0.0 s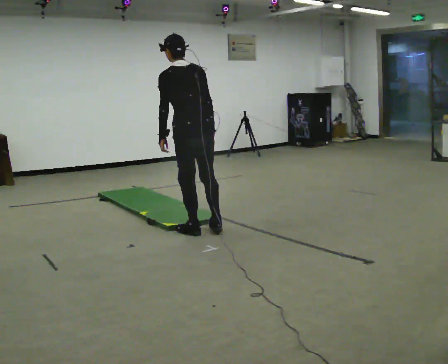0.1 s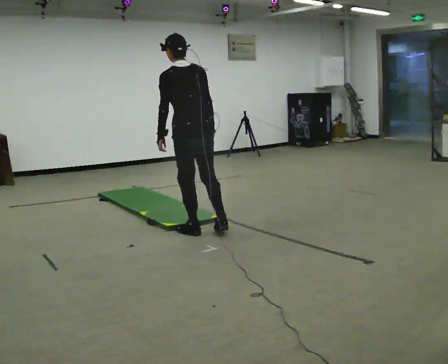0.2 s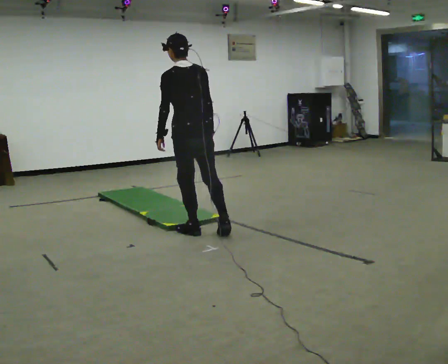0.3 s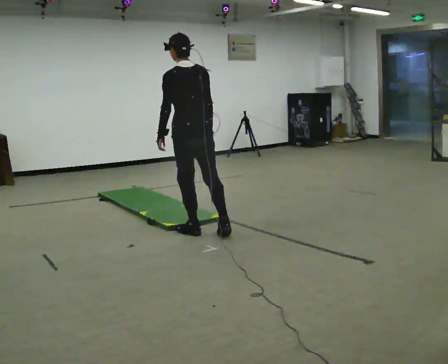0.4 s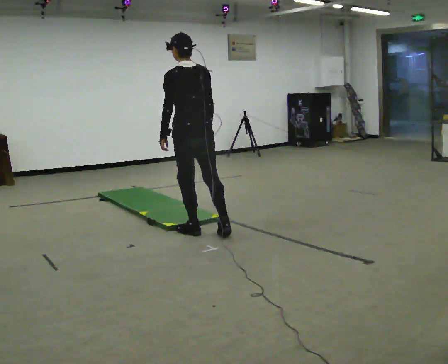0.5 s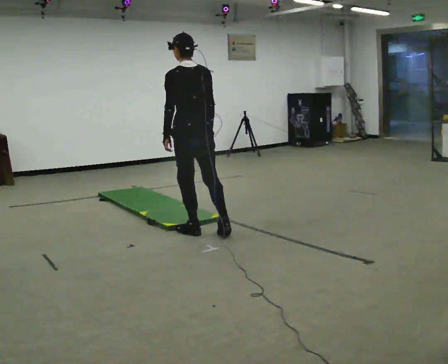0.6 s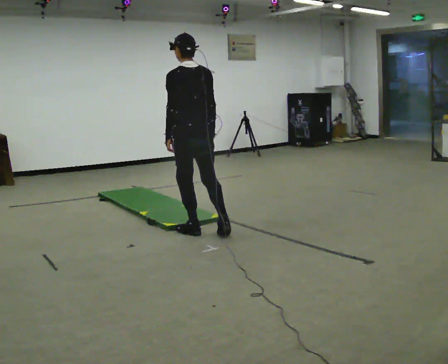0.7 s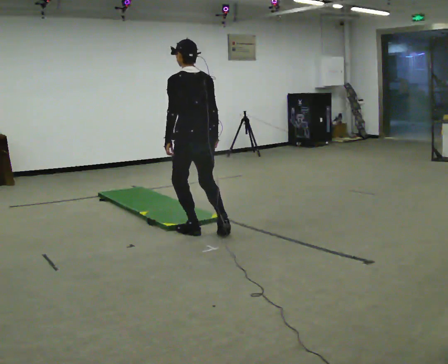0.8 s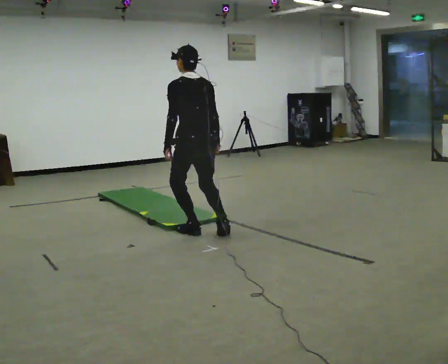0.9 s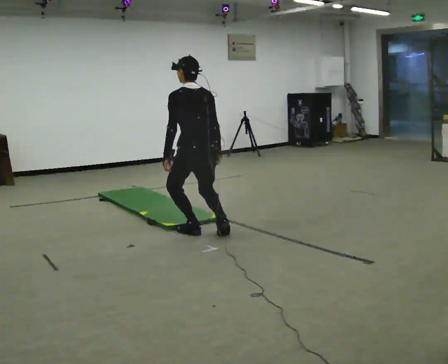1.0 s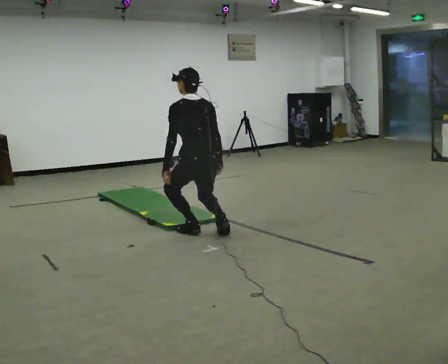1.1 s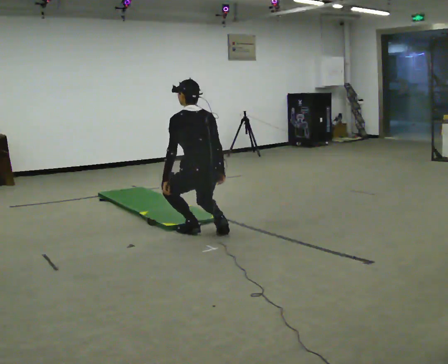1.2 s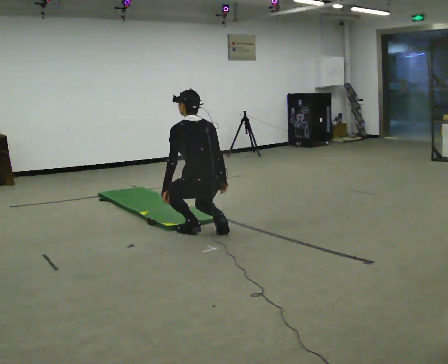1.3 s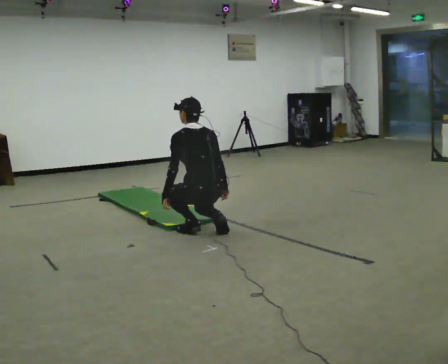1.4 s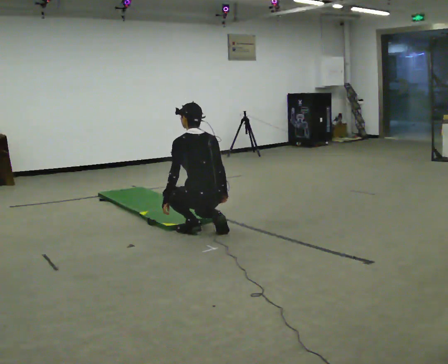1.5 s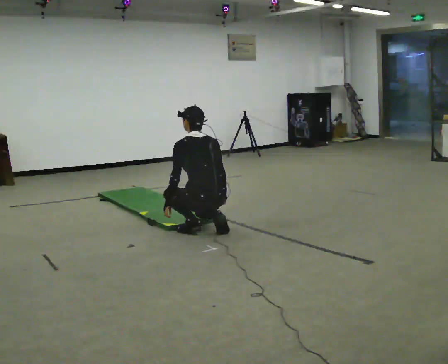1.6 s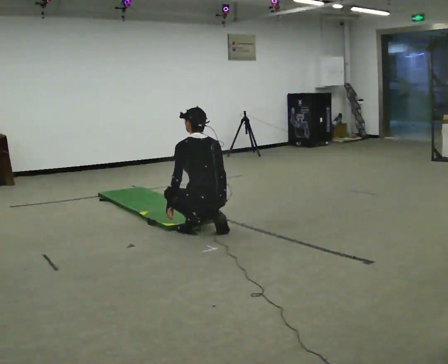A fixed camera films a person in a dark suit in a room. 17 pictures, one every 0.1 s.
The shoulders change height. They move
downward.
Their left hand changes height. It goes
downward.
0.0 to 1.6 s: The shoulders move downward. The upper body tips away from the camera, its near side rolling upward. In the picture their left hand goes downward.
The film runs forward here.
